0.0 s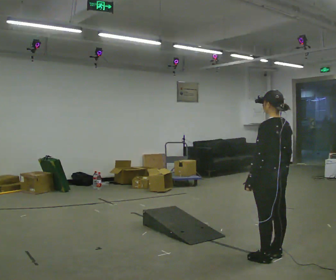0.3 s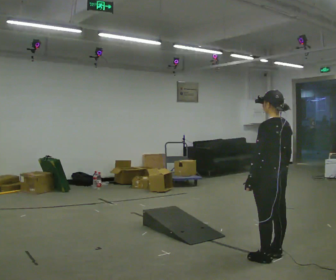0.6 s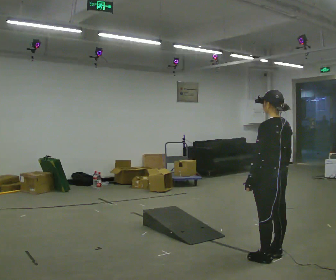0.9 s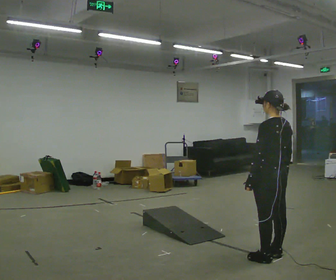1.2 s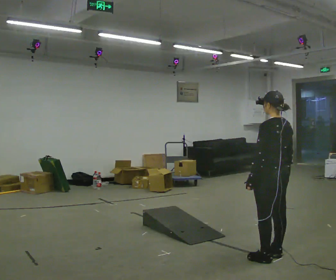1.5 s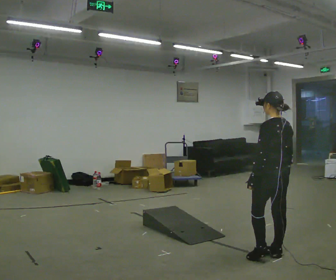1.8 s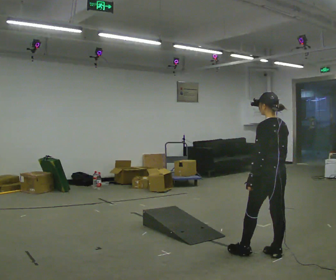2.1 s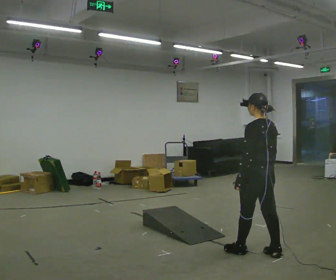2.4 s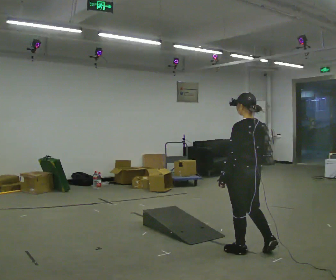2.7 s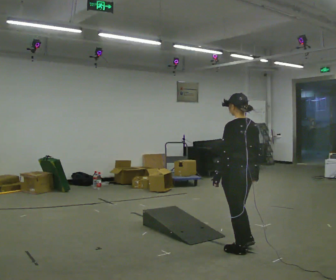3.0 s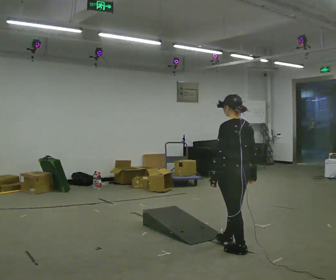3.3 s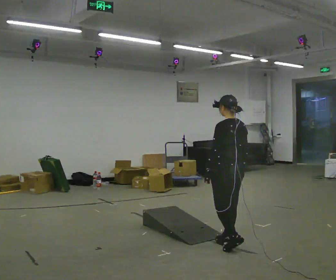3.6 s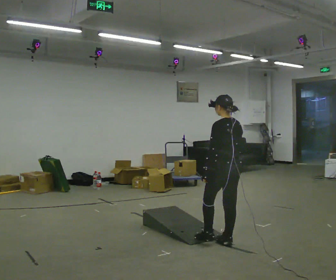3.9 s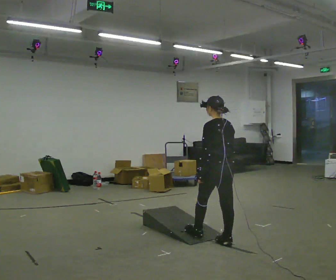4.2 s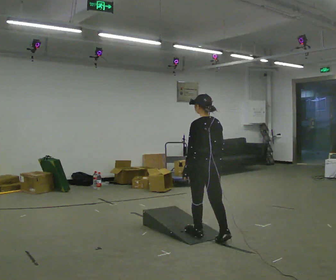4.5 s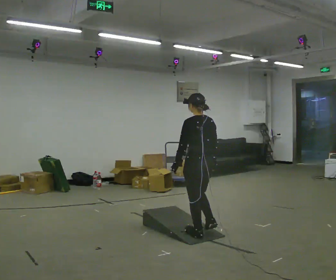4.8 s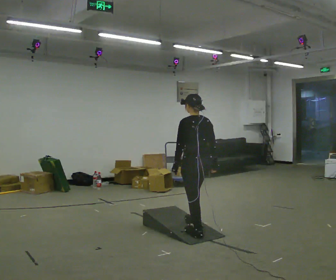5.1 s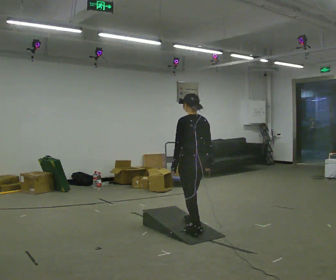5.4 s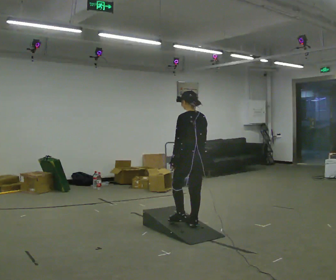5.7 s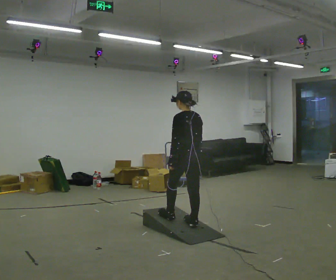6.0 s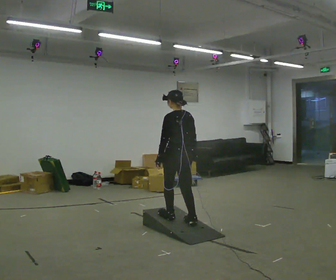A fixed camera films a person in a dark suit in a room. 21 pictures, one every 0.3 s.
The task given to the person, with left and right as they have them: Walk up the ramp, turn at the top, and walk back down at a comfortable speed.
0.0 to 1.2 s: The person moves a little, or ends about where they began.
1.2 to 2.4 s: In the picture they go to the left, about 0.25 m in 1 step, which for them is forward.
2.4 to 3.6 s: In the picture they go away from the camera and to the left, about 0.25 m in 1 step, which for them is forward.
3.6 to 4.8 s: In the picture they go to the left and away from the camera, about 0.5 m in 1 step, which for them is forward.
4.8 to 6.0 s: In the picture they go to the left and away from the camera, about 0.25 m in 2 steps, which for them is forward.
The film runs forward here.
